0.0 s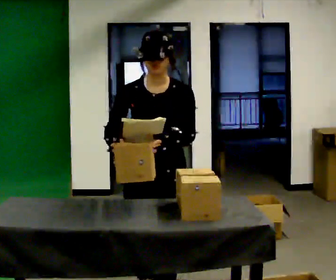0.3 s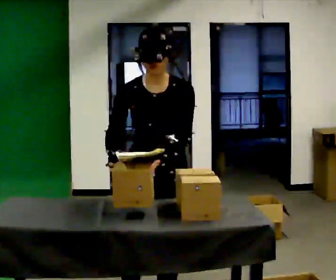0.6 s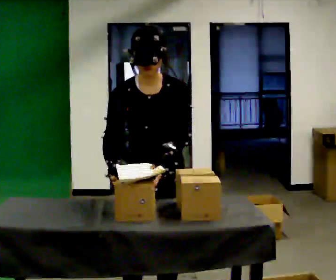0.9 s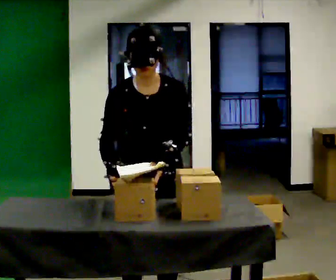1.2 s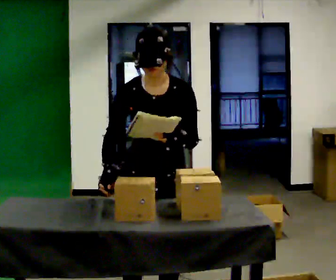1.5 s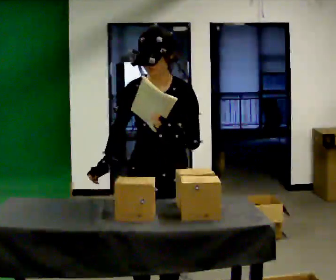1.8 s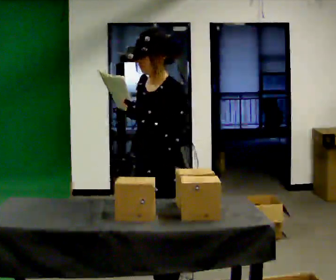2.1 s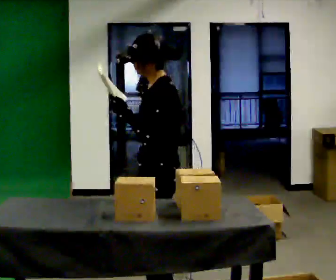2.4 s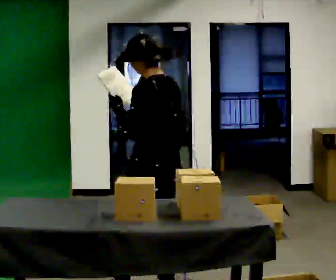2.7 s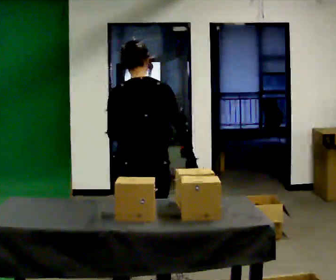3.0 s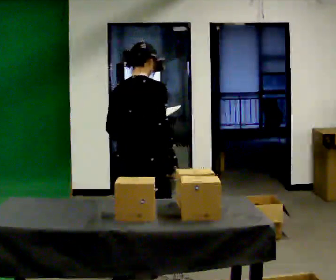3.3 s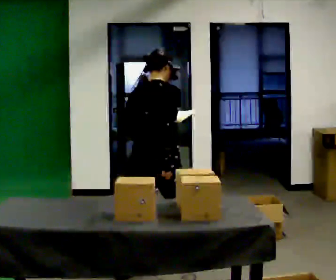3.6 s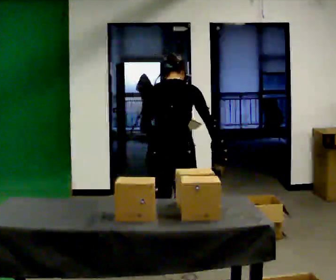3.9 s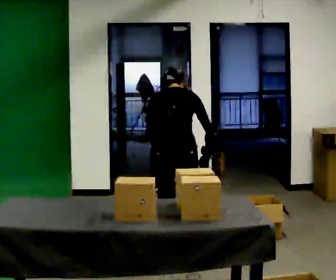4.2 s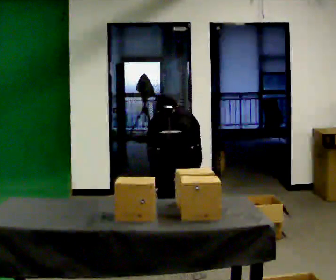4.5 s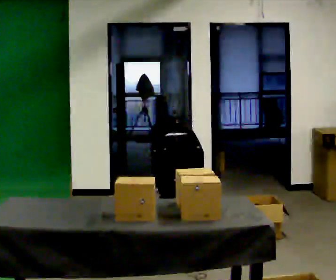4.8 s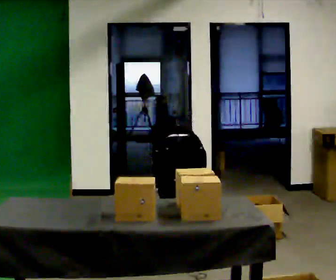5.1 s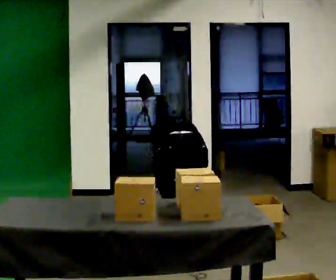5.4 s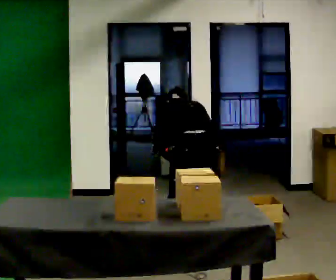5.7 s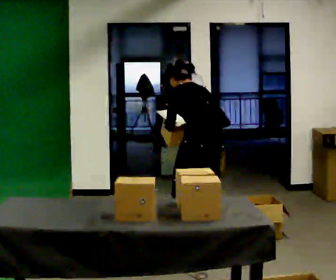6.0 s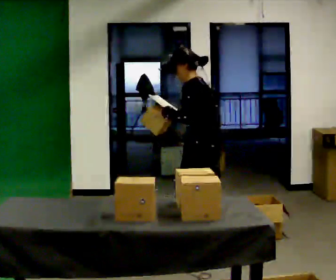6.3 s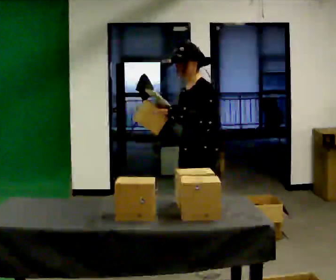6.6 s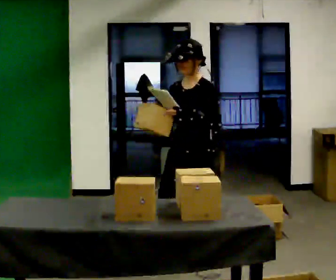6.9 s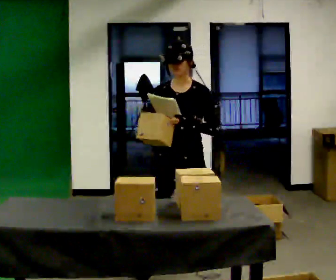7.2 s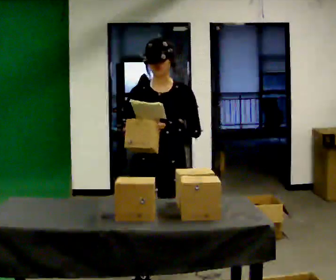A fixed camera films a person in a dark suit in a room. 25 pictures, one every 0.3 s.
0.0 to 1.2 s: The person moves a little, or ends about where they began.
1.2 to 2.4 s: The part of the body nearest the lens slides to the left as the person turns to their right by about 120 degrees. In the picture they go away from the camera, about 0.25 m in 1 step. The upper body tips away from the camera, its near side rolling upward, as they lean back or straighten.
2.4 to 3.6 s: The person turns about 60 degrees to their right, clockwise seen from above, so the part of the body nearest the lens slides to the left. In the picture they go away from the camera, about 0.75 m in 2 steps.
3.6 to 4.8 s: The shoulders move downward. The upper body tips away from the camera, its near side rolling upward, as they bend forward. In the picture their right hand goes downward.
4.8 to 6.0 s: The part of the body nearest the lens slides to the right as the person turns to their left by about 75 degrees. In the picture they go to the right, about 0.25 m. The upper body goes upward. The upper body tips toward the camera, its near side rolling downward, as they lean back or straighten. In the picture their right hand goes upward.
6.0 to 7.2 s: The person turns about 90 degrees to their left, counterclockwise seen from above, so the part of the body nearest the lens slides to the right. In the picture they go toward the camera and to the left, about 0.5 m in 2 steps.
The film runs forward here.
